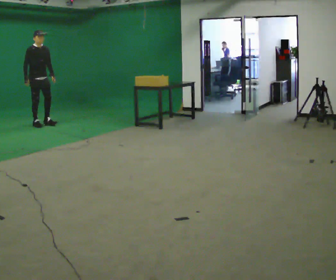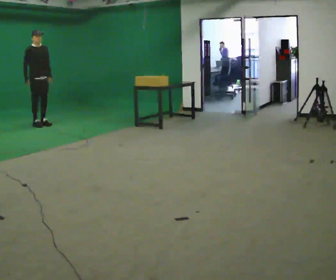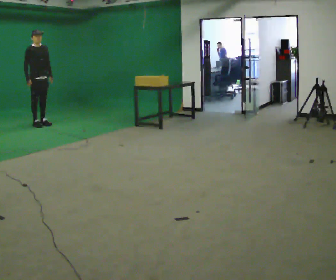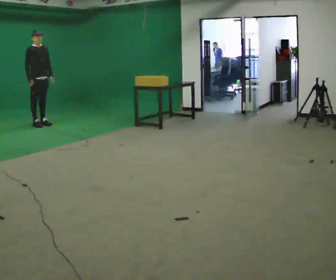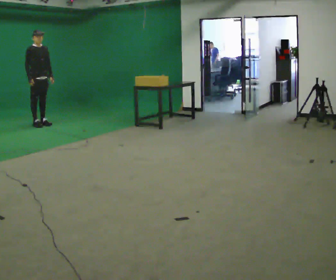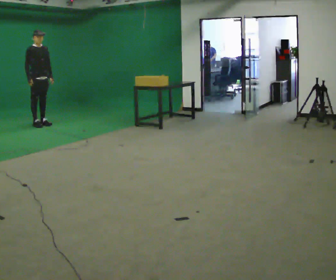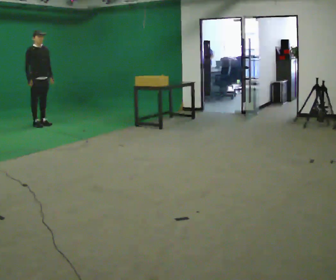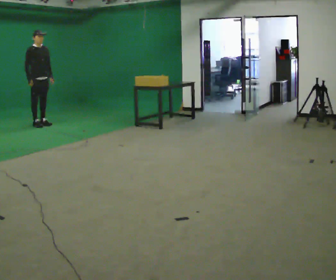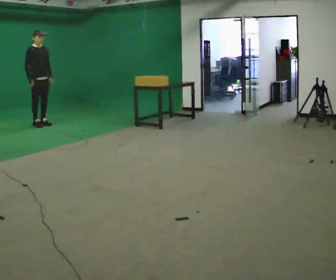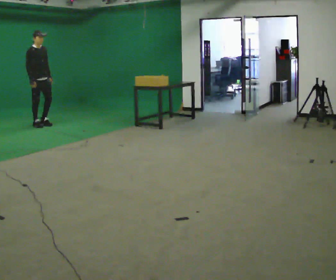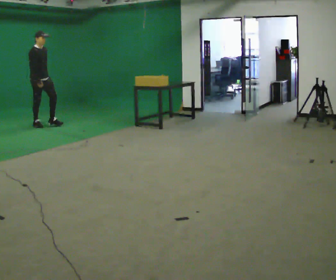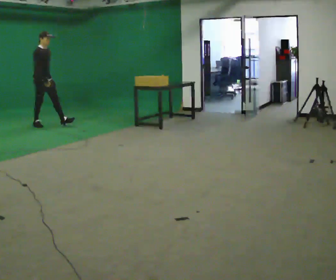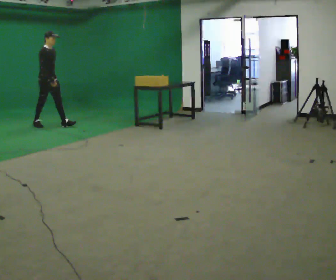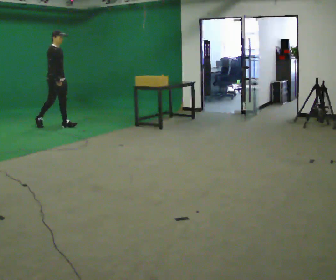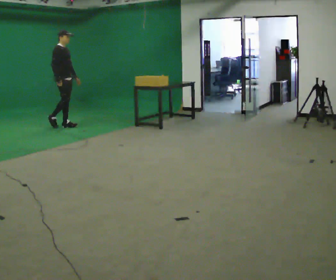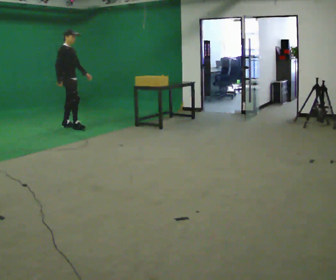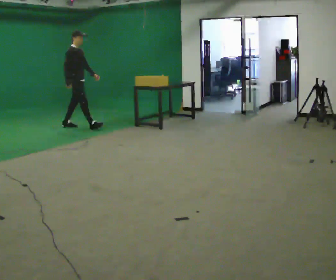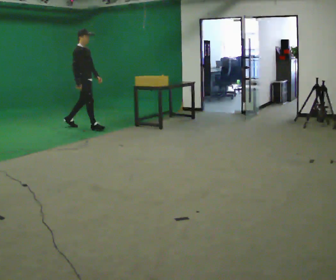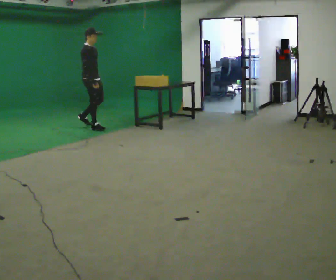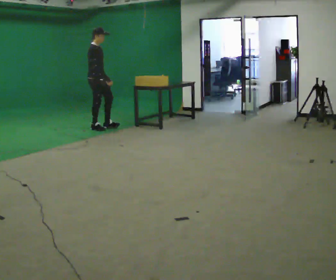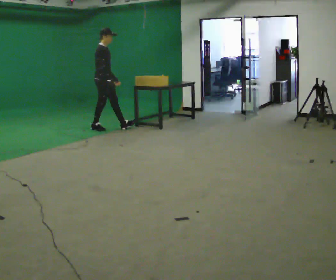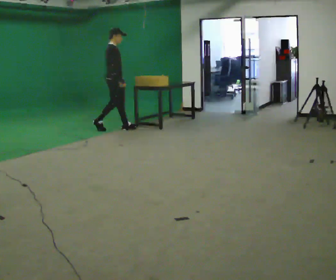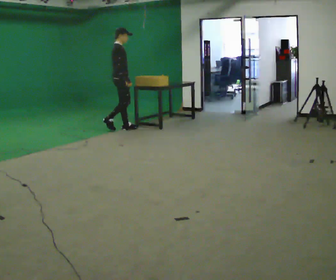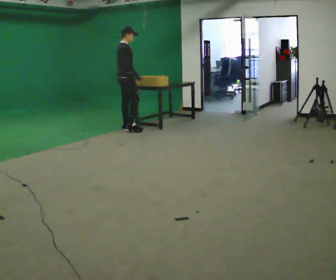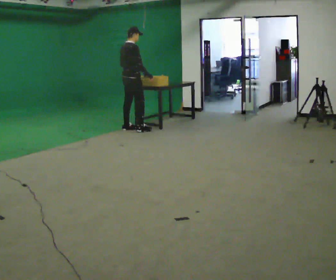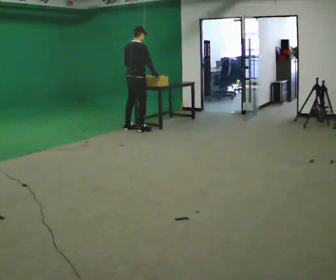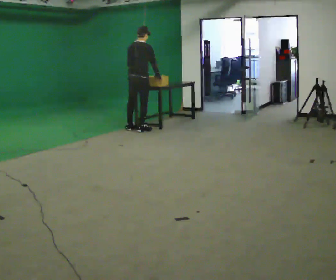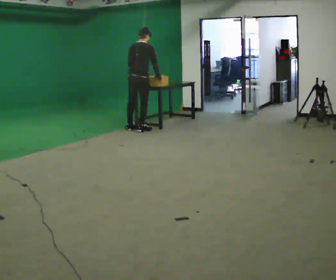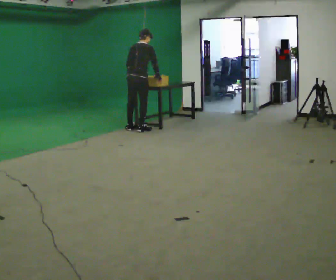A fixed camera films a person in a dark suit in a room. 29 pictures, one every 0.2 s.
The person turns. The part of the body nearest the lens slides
to the right.
The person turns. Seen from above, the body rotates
counterclockwise.
0.0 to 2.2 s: In the picture their right hand goes to the right.
2.2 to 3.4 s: In the picture they go to the right, about 1 m in 2 steps, which for them is forward.
3.4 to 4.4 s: In the picture they go to the right, about 0.75 m in 1 step, which for them is forward.
4.4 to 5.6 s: The person turns about 60 degrees to their left, counterclockwise seen from above, so the part of the body nearest the lens slides to the right. In the picture they go to the right and toward the camera, about 0.25 m in 1 step, which for them is to their right. In the picture the upper body tilts clockwise, shoulders to the right, as they bend forward.
The film runs forward here.
